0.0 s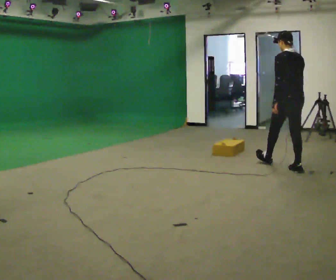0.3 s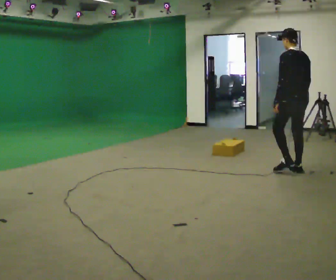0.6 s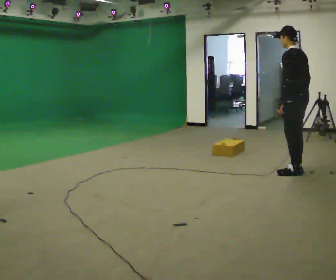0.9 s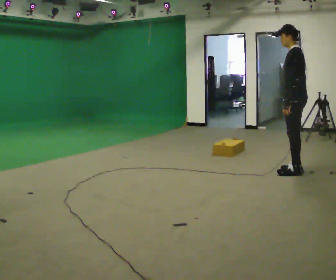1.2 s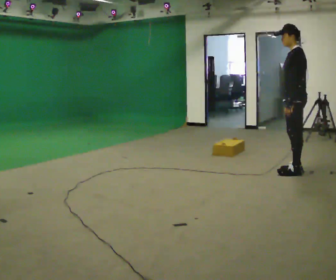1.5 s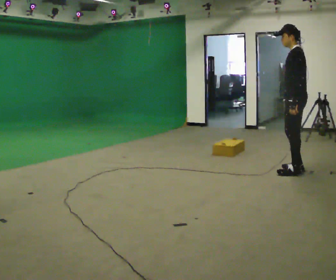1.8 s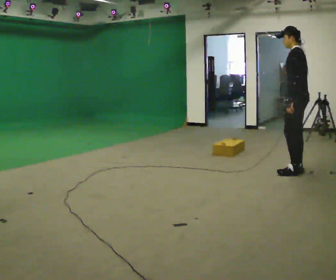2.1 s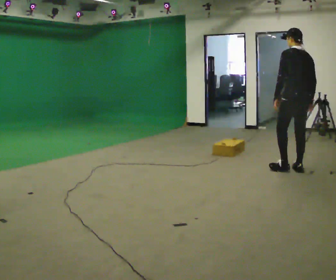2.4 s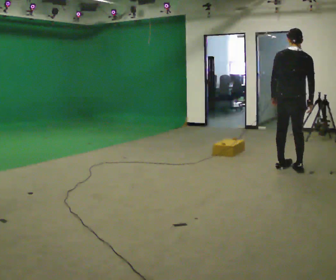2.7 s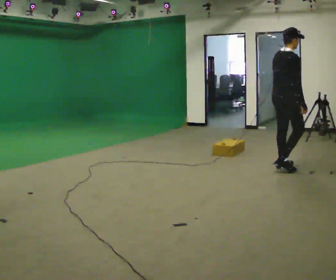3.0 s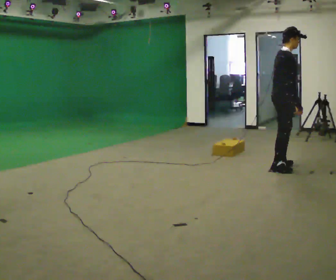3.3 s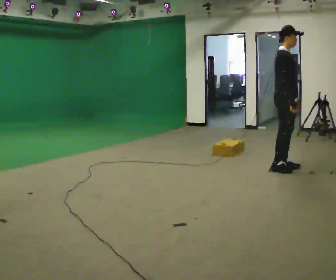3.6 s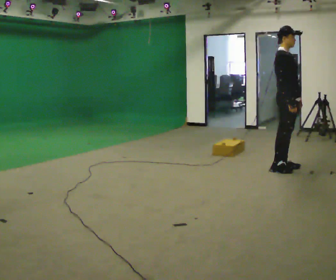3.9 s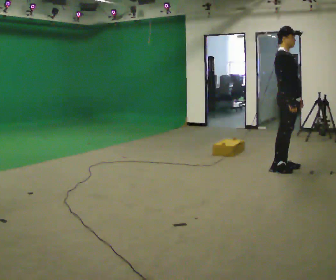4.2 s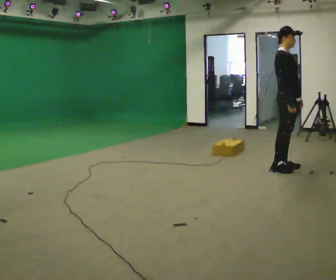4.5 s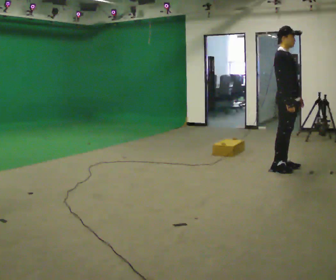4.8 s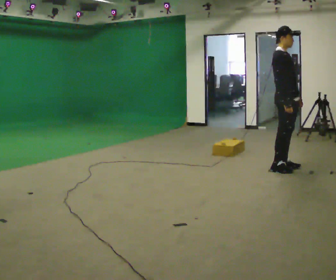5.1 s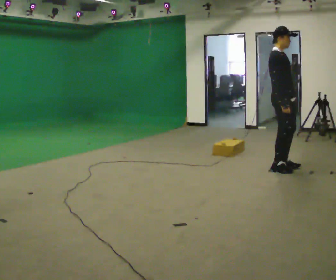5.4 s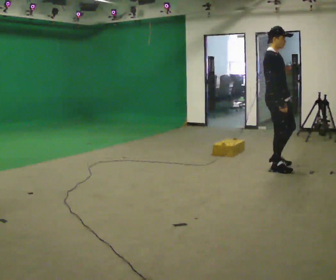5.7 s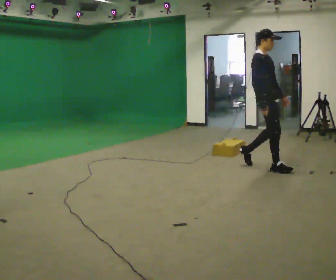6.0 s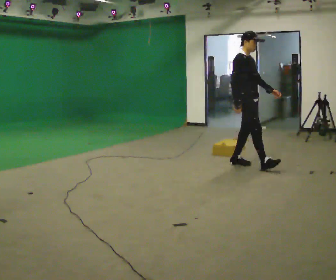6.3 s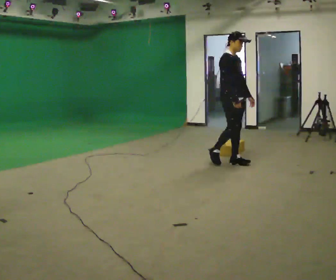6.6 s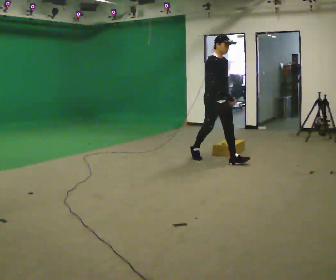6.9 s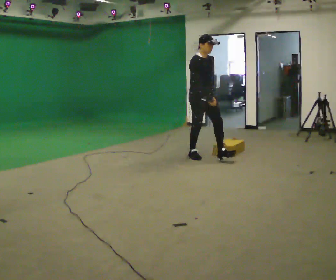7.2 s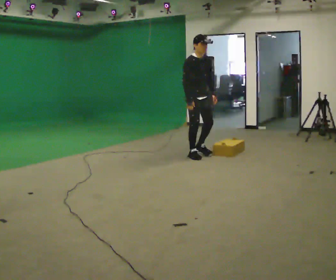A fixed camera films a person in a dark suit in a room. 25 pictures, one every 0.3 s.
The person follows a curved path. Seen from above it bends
clockwise.
The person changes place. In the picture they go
to the left.
0.0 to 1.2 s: Seen from above the body turns counterclockwise, about 60 degrees: to their left, with its near side sliding to the right. In the picture they go toward the camera, about 0.25 m, which for them is to their left and backward.
1.2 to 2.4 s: Seen from above the body turns clockwise, about 105 degrees: to their right, with its near side sliding to the left.
2.4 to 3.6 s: Seen from above the body turns clockwise, about 90 degrees: to their right, with its near side sliding to the left.
3.6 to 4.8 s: The person moves a little, or ends about where they began.
4.8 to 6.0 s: In the picture they go to the left, about 0.5 m in 2 steps, which for them is backward.
6.0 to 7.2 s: In the picture they go to the left and away from the camera, about 1 m in 1 step, which for them is backward.
The film runs backward here.
